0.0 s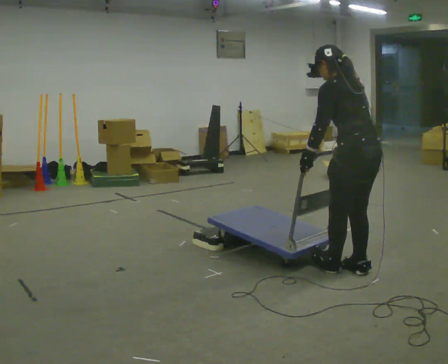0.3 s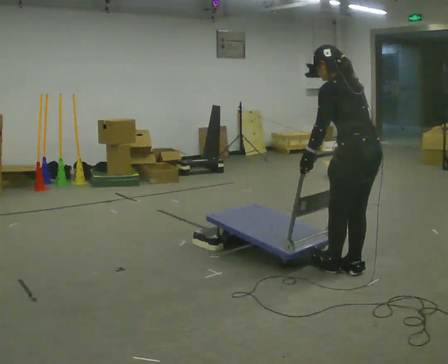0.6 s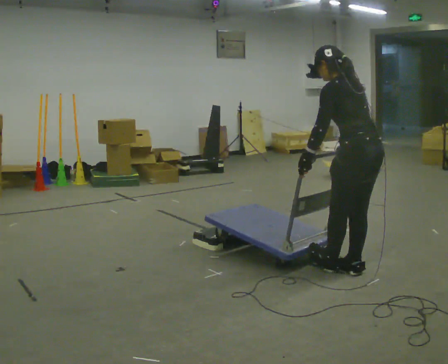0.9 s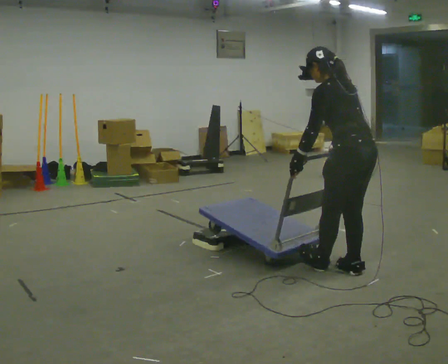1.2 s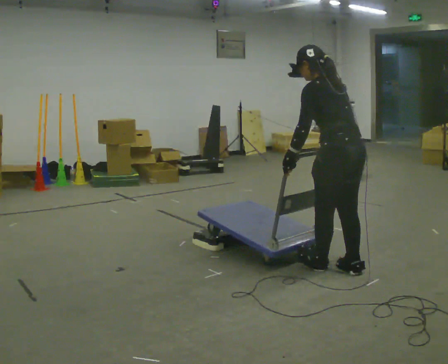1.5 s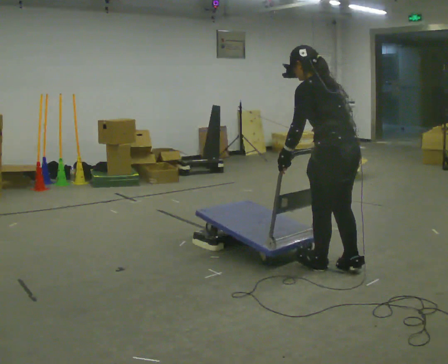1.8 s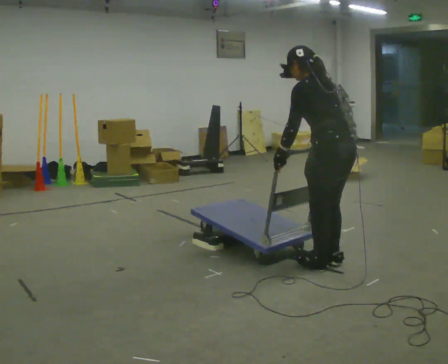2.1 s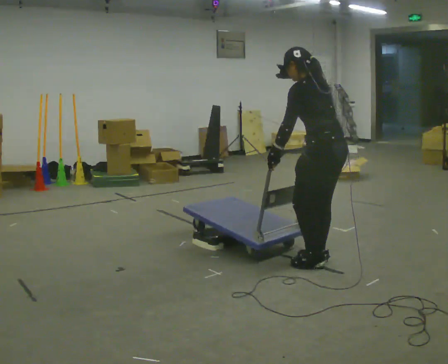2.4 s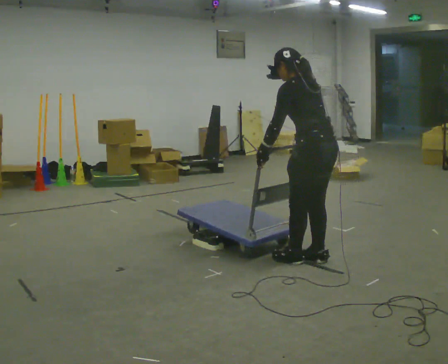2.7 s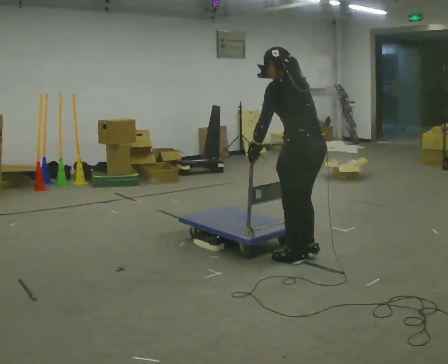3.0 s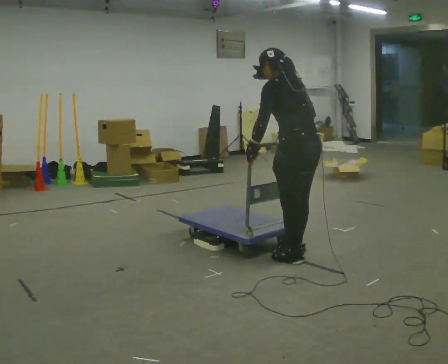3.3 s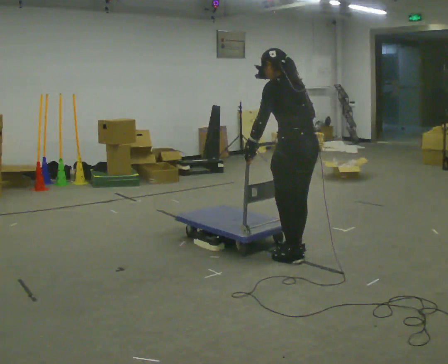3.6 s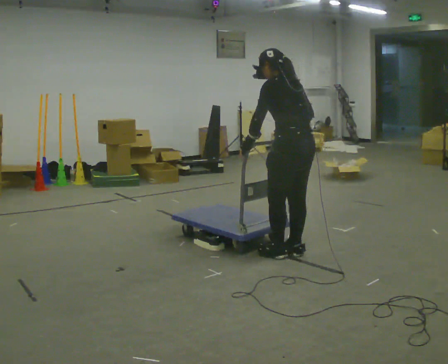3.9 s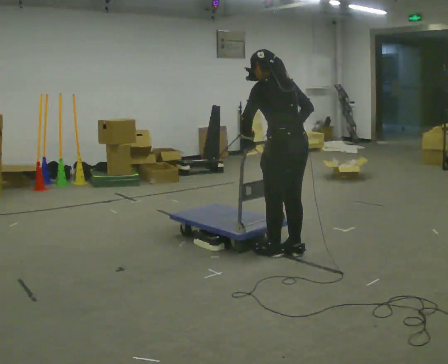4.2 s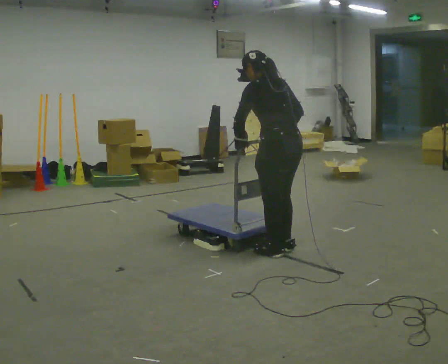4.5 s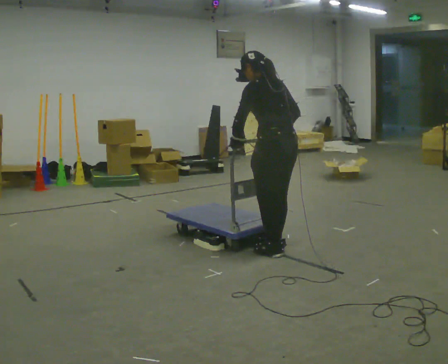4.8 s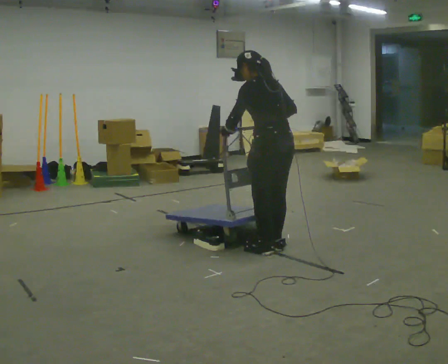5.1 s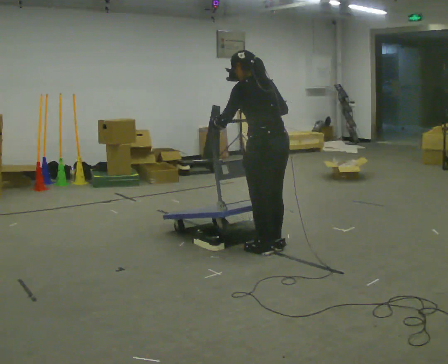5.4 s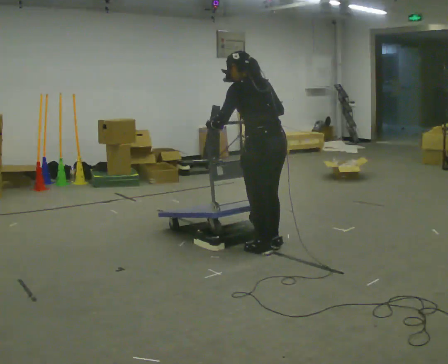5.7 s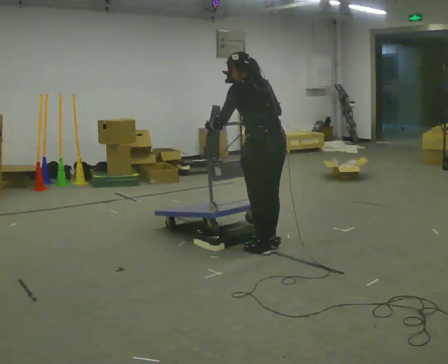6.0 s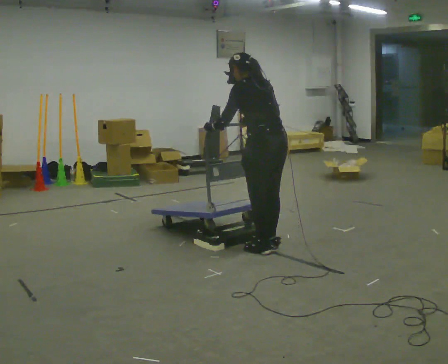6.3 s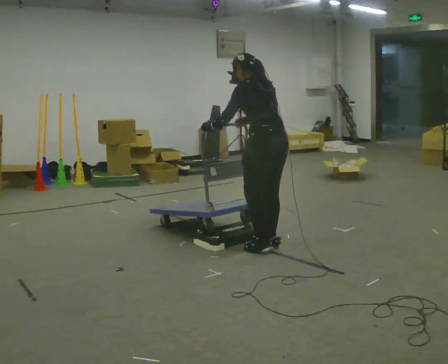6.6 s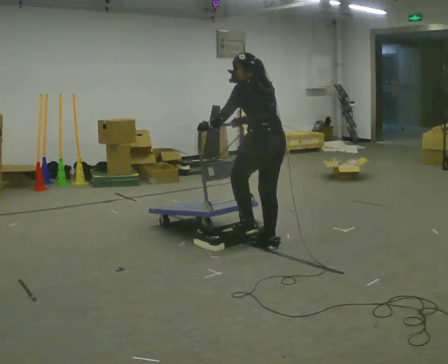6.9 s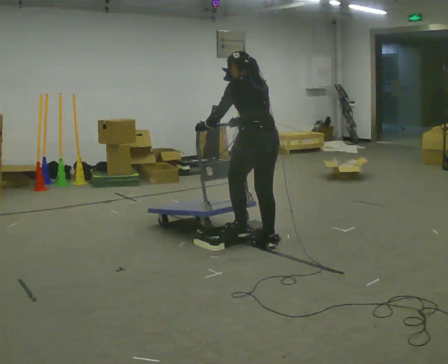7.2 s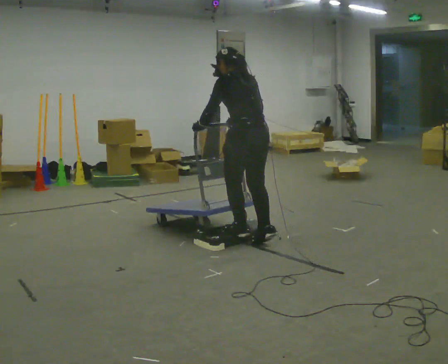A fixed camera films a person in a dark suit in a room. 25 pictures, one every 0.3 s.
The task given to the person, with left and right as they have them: Push the cart up over the low platform edge and down the other side, then bring it back over.
0.0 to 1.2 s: The person moves a little, or ends about where they began.
1.2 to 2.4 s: In the picture they go away from the camera and to the left, about 0.25 m in 2 steps, which for them is forward.
2.4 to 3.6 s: In the picture they go away from the camera, about 0.25 m in 1 step, which for them is forward.
3.6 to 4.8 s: In the picture they go to the left, about 0.25 m in 2 steps, which for them is forward.
4.8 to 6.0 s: The person moves a little, or ends about where they began.
6.0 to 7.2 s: In the picture they go to the left, about 0.25 m in 1 step, which for them is forward.
The film runs forward here.
